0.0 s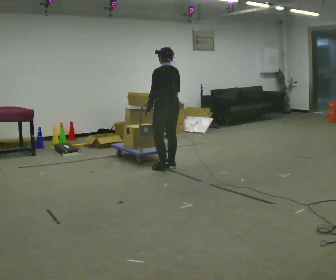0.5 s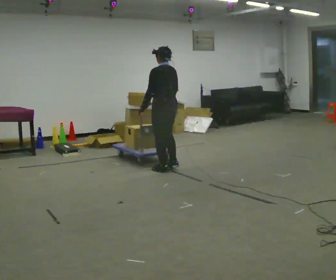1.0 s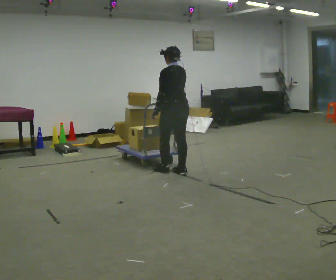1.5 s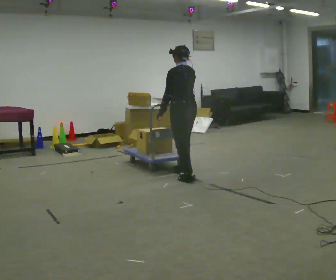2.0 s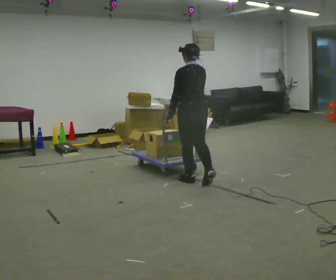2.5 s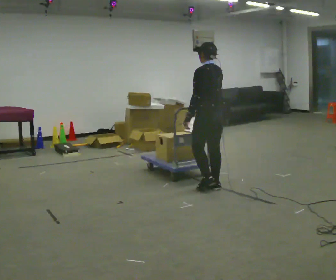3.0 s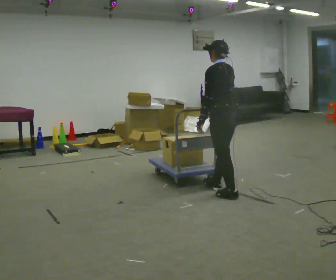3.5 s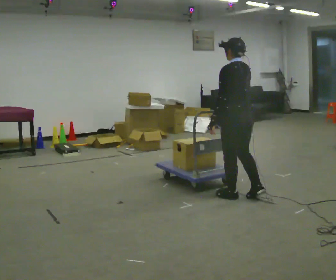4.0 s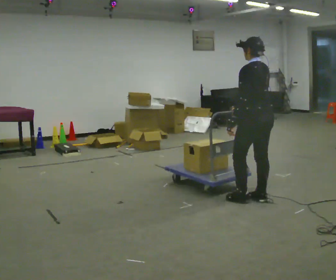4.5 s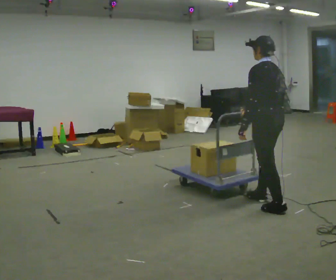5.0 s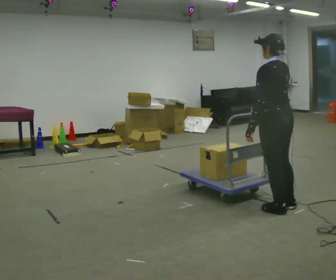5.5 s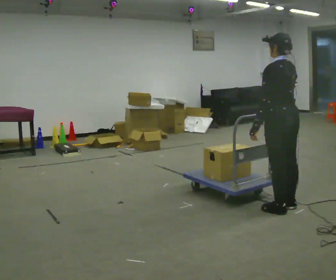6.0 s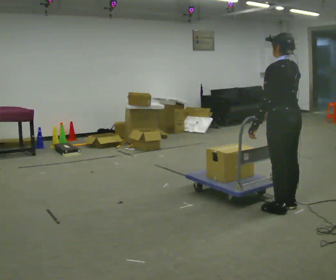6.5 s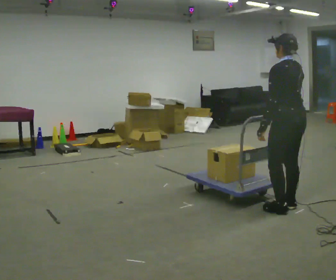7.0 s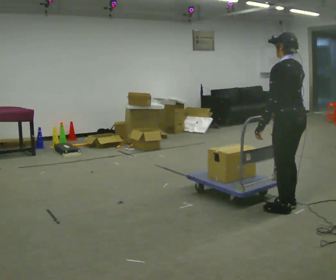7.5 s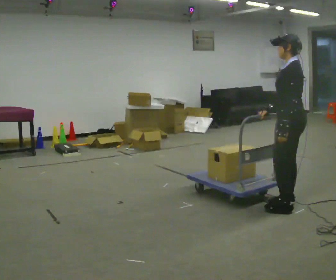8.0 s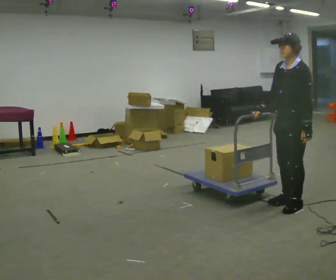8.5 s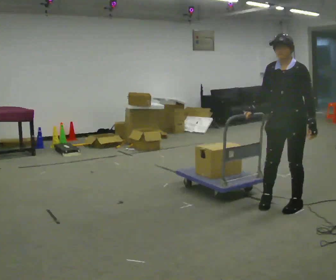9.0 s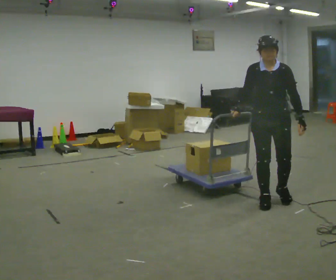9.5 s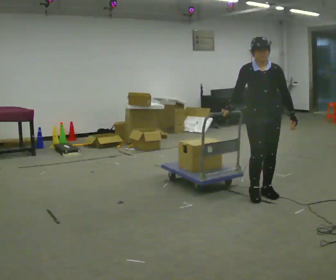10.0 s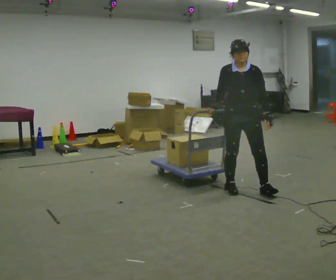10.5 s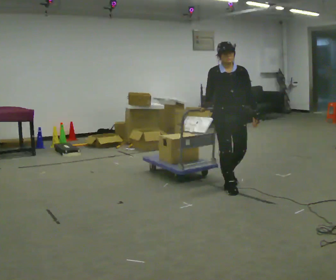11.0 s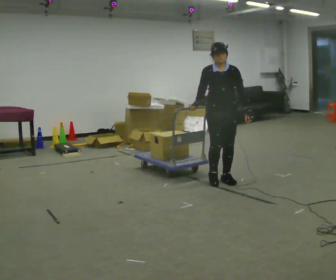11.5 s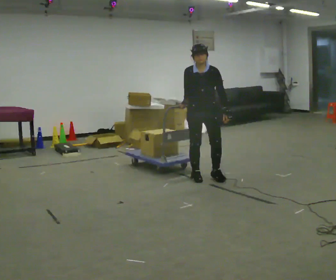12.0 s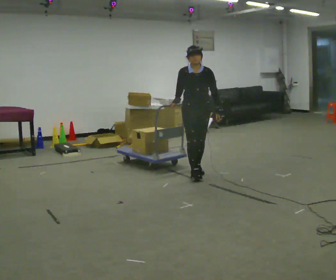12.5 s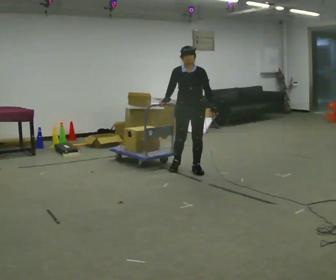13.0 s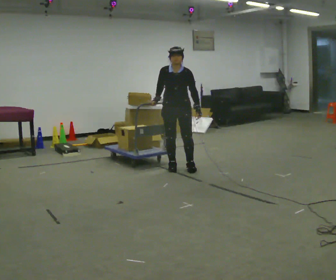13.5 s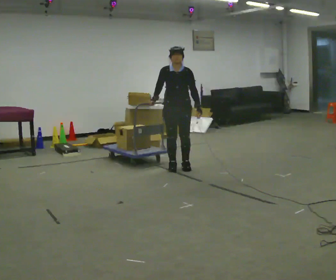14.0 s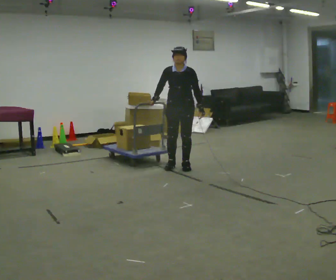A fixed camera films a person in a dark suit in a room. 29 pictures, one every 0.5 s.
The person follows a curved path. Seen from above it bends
counterclockwise.
0.0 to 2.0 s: In the picture they go to the right and toward the camera, about 0.5 m in 3 steps, which for them is backward.
2.0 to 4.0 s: In the picture they go to the right and toward the camera, about 1 m in 3 steps, which for them is backward.
4.0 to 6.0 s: In the picture they go to the right and toward the camera, about 0.25 m in 1 step, which for them is backward.
6.0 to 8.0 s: Seen from above the body turns counterclockwise, about 75 degrees: to their left, with its near side sliding to the right. In the picture their left hand goes to the right.
8.0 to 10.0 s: The part of the body nearest the lens slides to the right as the person turns to their left by about 75 degrees. In the picture they go to the left and away from the camera, about 0.75 m in 3 steps.
10.0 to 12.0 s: In the picture they go to the left and away from the camera, about 1 m in 3 steps, which for them is backward and to their right.
12.0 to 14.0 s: In the picture they go to the left and away from the camera, about 0.5 m in 2 steps, which for them is backward and to their right.
The film runs backward here.
